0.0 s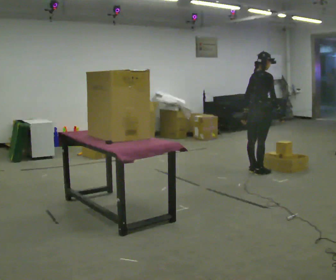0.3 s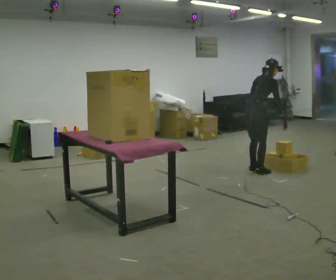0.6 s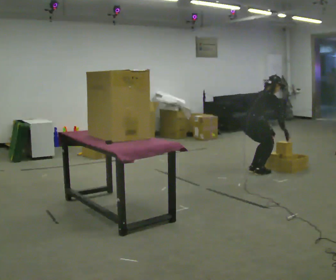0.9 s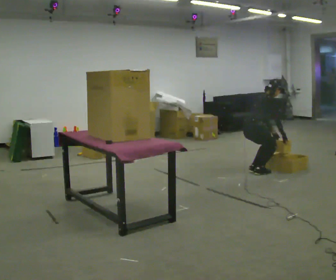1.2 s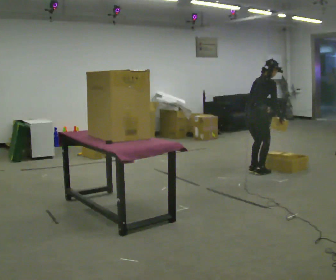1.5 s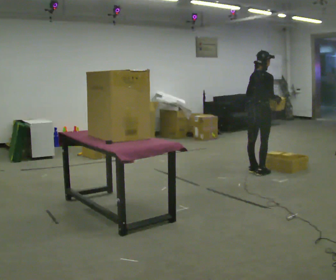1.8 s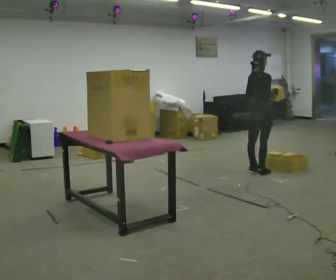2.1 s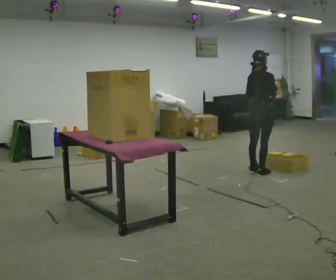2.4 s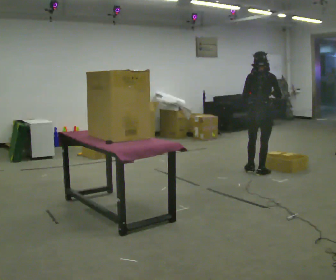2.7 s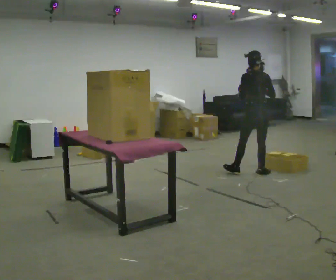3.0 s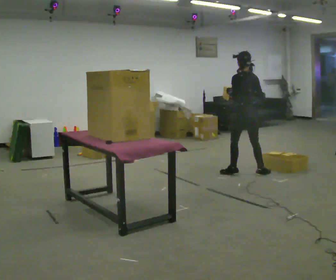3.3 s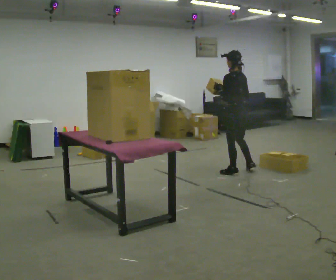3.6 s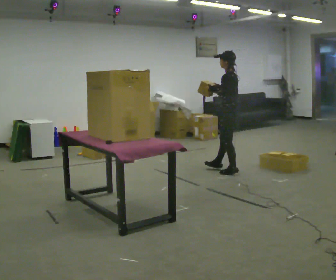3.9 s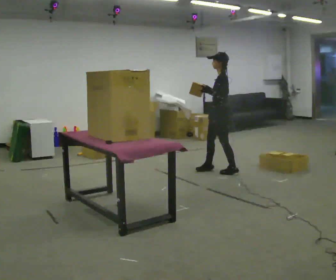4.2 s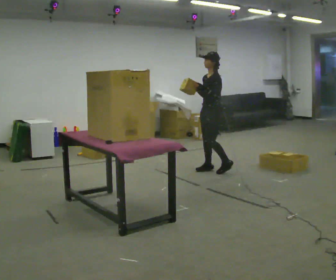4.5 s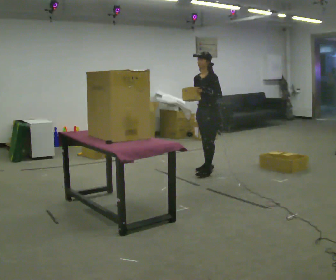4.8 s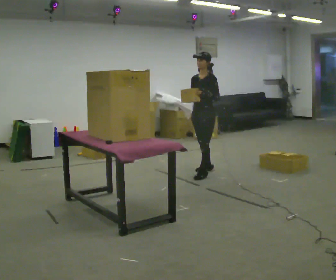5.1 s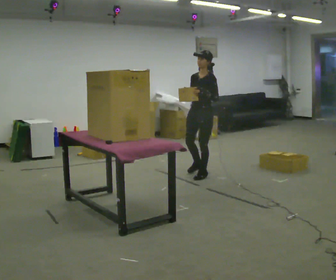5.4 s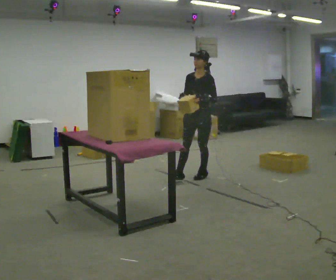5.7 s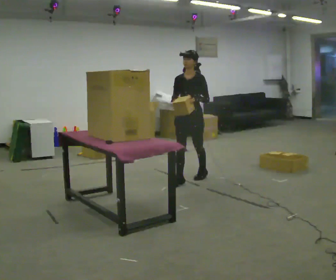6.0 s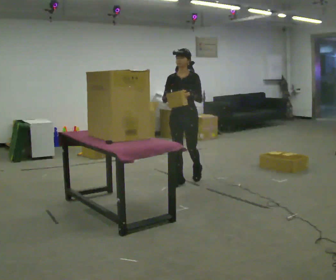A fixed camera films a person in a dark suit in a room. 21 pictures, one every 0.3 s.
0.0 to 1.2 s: In the picture their left hand goes to the right.
1.2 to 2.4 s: The person turns about 45 degrees to their left, counterclockwise seen from above, so the part of the body nearest the lens slides to the right.
2.4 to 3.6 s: The person turns about 90 degrees to their left, counterclockwise seen from above, so the part of the body nearest the lens slides to the right. In the picture they go to the left, about 0.5 m in 1 step.
3.6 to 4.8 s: The part of the body nearest the lens slides to the right as the person turns to their left by about 60 degrees. In the picture they go to the left, about 0.25 m in 2 steps.
4.8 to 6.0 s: Seen from above the body turns counterclockwise, about 30 degrees: to their left, with its near side sliding to the right. In the picture they go toward the camera, about 0.5 m in 1 step, which for them is forward.
The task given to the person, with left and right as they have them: Take an object from the lowest shelf, carry it across the room, and place it on the highest shelf you can comfortably reach. Keep going until the operator says stop; one object at a time, and do not rush between trips.
The film runs forward here.
